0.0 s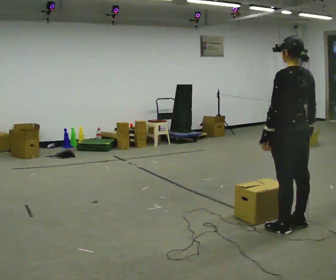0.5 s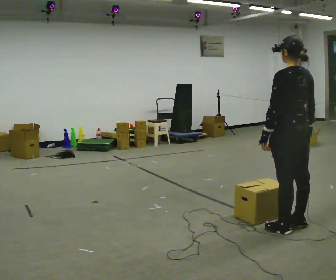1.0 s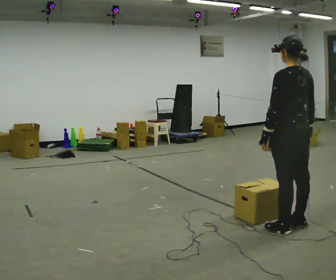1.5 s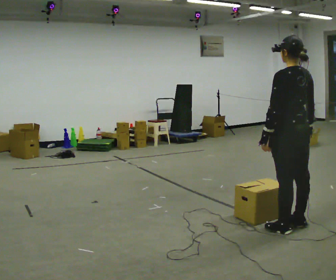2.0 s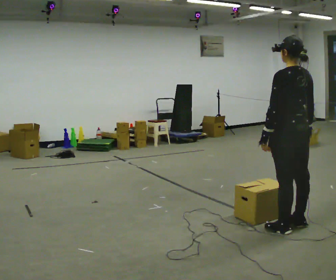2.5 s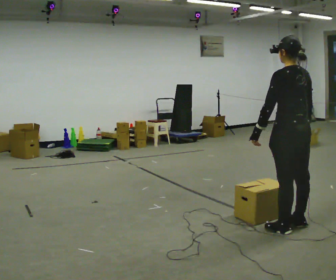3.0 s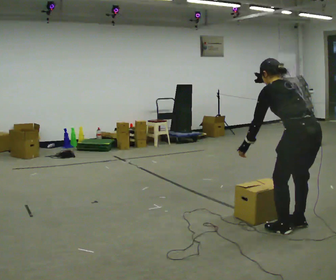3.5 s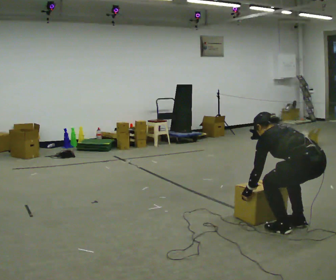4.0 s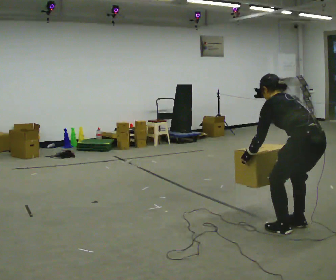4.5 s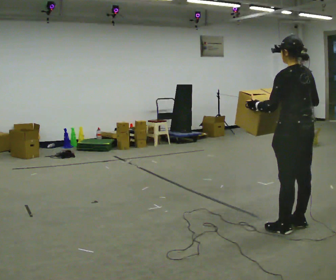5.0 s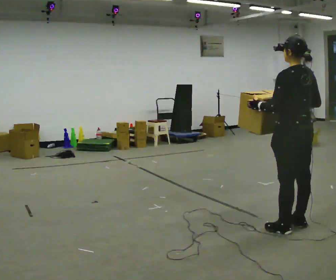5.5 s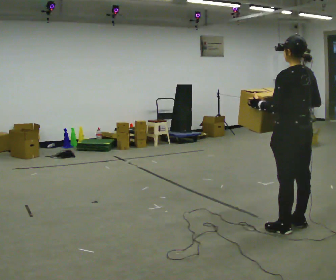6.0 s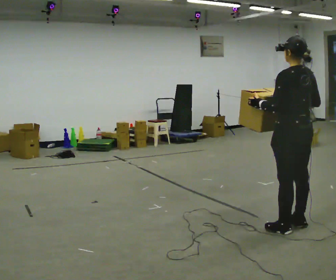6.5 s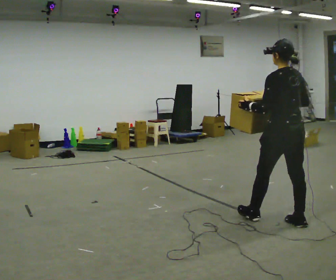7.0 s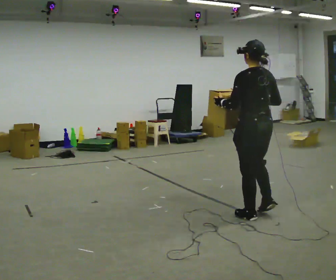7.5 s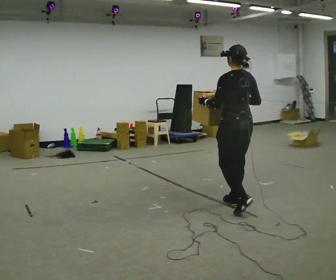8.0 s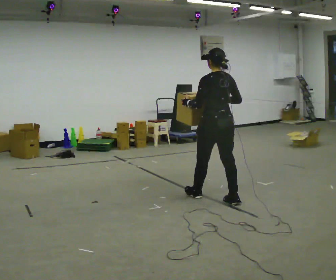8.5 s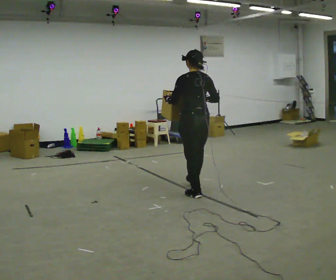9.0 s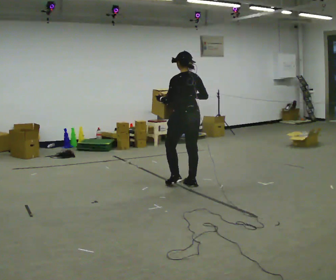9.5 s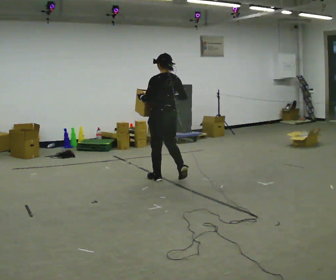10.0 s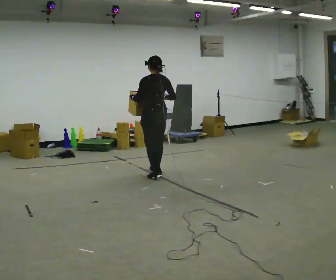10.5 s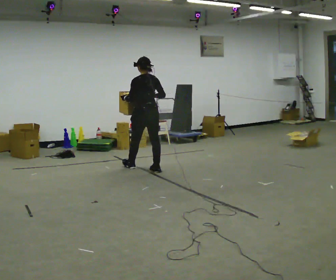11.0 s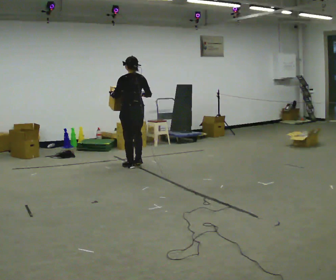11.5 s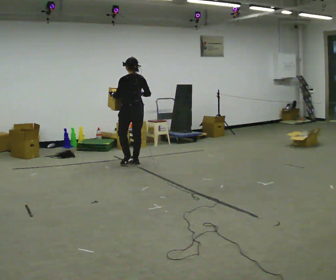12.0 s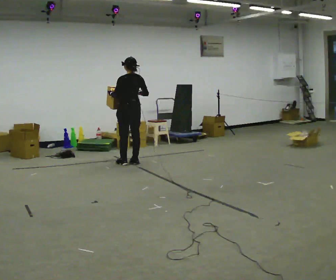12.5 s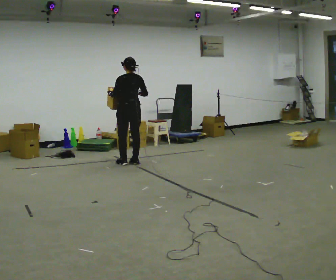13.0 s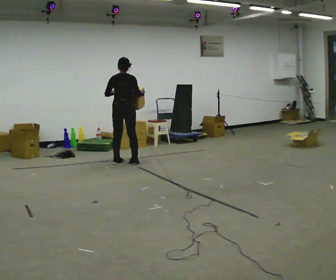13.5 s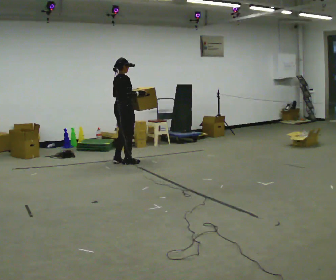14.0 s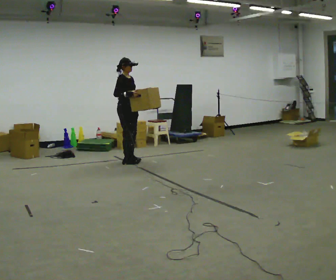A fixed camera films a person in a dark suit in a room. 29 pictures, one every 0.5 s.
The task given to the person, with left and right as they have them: Carry the heaviest box in both hands in front of you, walking back and forth across the room. Only carry what is comfortable. Set it down whenever you need to.
0.0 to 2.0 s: The person keeps their place and pose.
2.0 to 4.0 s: The person moves a little, or ends about where they began.
4.0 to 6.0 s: The shoulders move upward. The upper body tips toward the camera, its near side rolling downward, as they lean back or straighten. In the picture their left hand goes upward.
6.0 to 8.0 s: In the picture they go away from the camera and to the left, about 1 m in 3 steps, which for them is forward.
8.0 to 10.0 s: In the picture they go away from the camera and to the left, about 1.5 m in 3 steps, which for them is forward.
10.0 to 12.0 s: In the picture they go away from the camera and to the left, about 1 m in 3 steps, which for them is forward.
12.0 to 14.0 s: Seen from above the body turns clockwise, about 135 degrees: to their right, with its near side sliding to the left. In the picture their left hand goes to the right.
The film runs forward here.
